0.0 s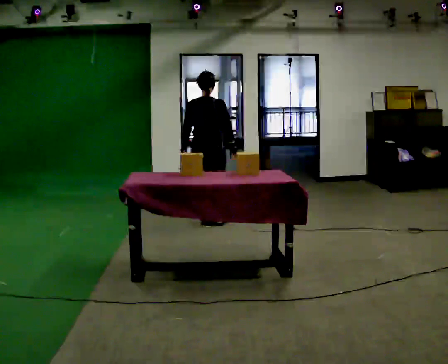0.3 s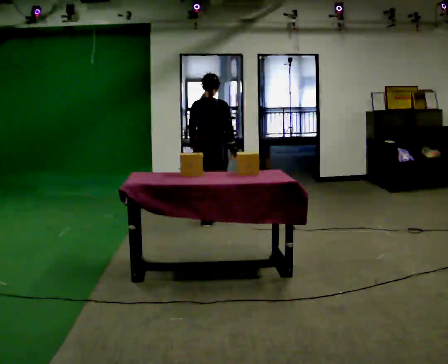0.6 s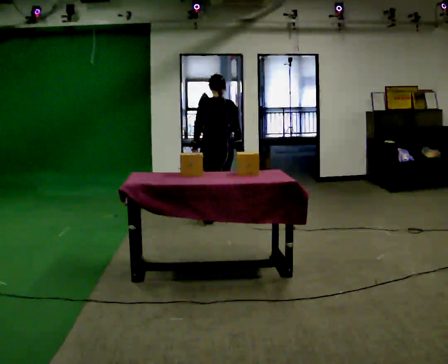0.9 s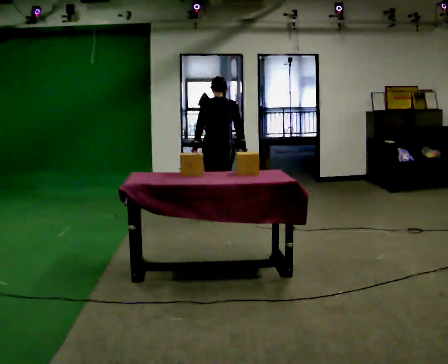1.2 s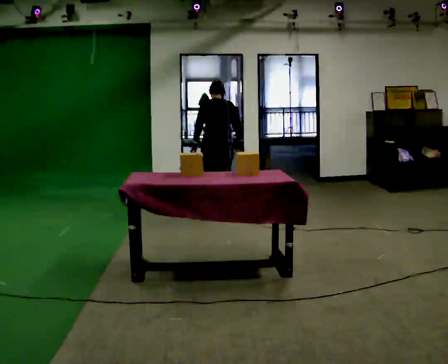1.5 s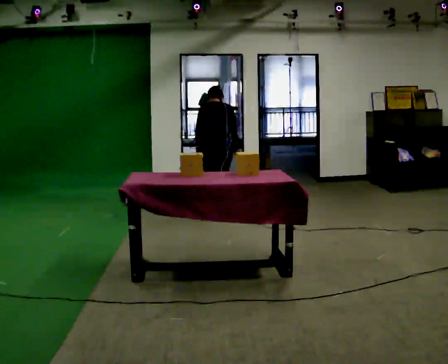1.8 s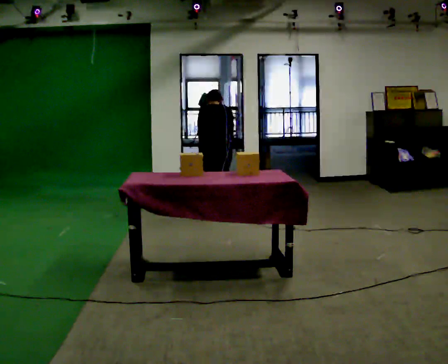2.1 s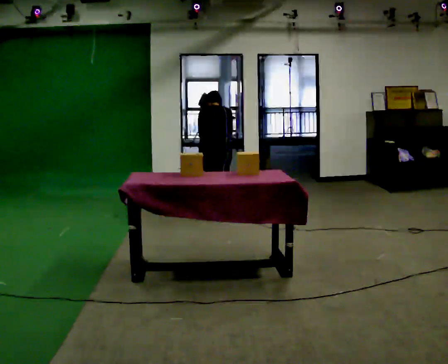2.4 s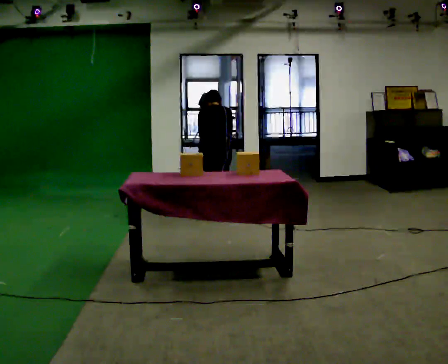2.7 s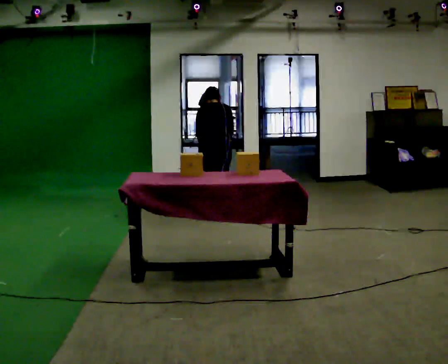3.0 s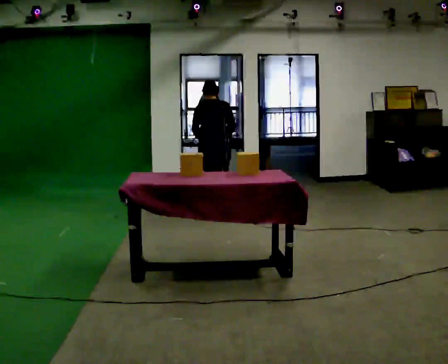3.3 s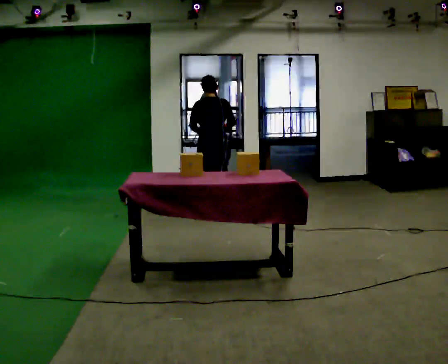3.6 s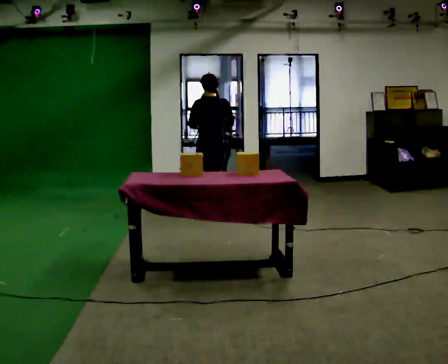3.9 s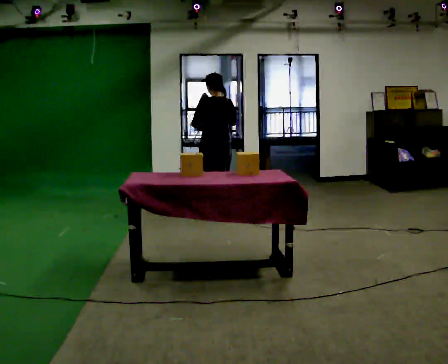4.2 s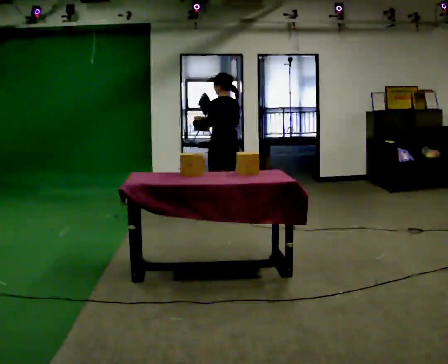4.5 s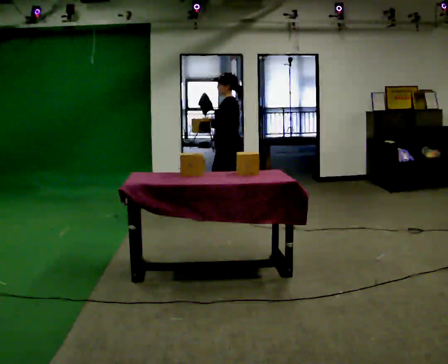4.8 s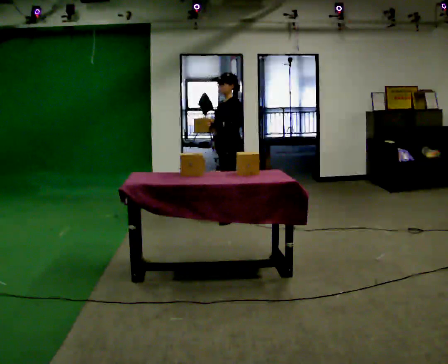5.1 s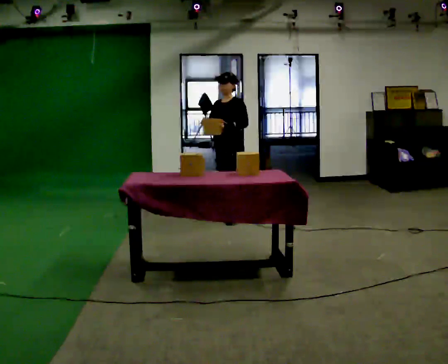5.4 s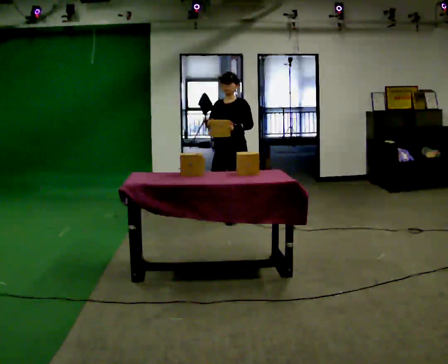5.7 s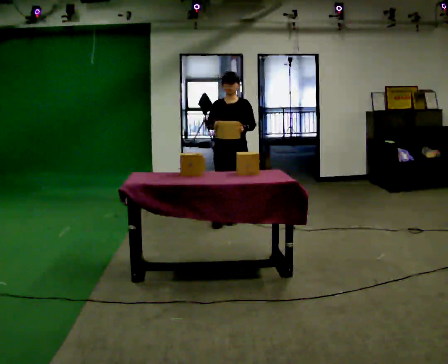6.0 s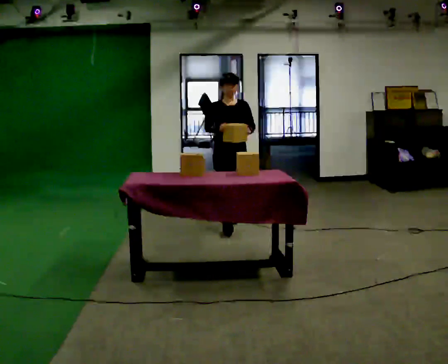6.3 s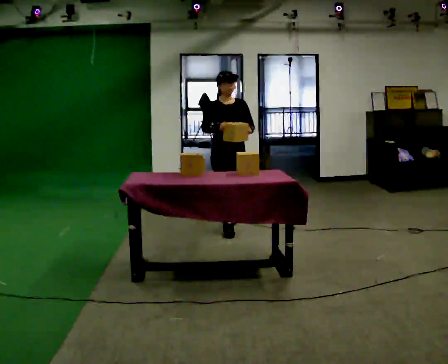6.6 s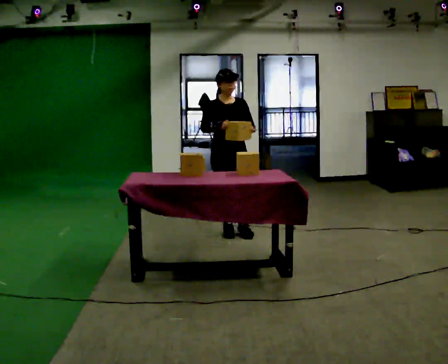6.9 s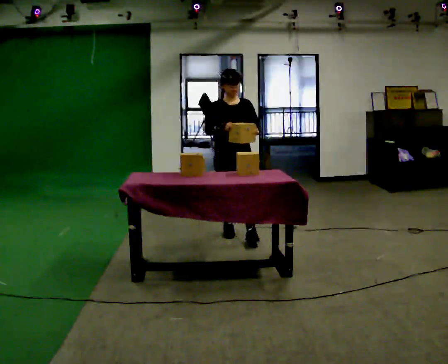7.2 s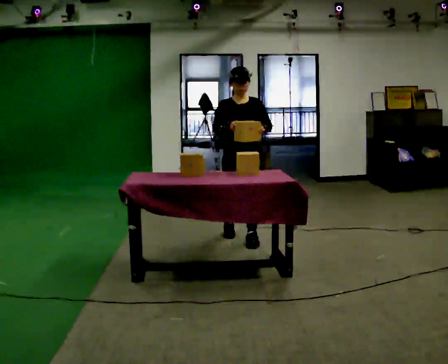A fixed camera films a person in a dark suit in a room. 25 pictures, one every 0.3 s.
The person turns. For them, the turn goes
to their left.
The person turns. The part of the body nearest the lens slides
to the right.
0.0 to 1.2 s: In the picture they go away from the camera, about 0.25 m in 2 steps, which for them is forward. The upper body tips away from the camera, its near side rolling upward, as they bend forward.
1.2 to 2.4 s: The upper body tips away from the camera, its near side rolling upward, as they bend forward.
2.4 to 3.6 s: The upper body tips toward the camera, its near side rolling downward, as they lean back or straighten. In the picture their left hand goes upward.
3.6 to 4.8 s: The part of the body nearest the lens slides to the right as the person turns to their left by about 105 degrees. In the picture they go to the right, about 0.25 m.
4.8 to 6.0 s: Seen from above the body turns counterclockwise, about 75 degrees: to their left, with its near side sliding to the right. In the picture they go toward the camera, about 0.5 m in 2 steps.
6.0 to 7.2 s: In the picture they go toward the camera, about 0.5 m in 1 step, which for them is forward.
The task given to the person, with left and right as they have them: Pick an object up off the floor at one end of the room, carry it across, and place it on the waist-height shelf at the other end. Keep going until the operator says stop; one object at a time, and do not rush between trips.
The film runs forward here.
